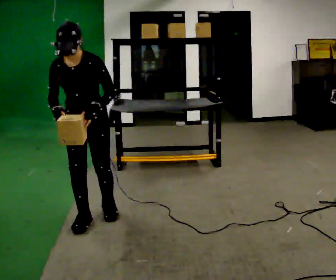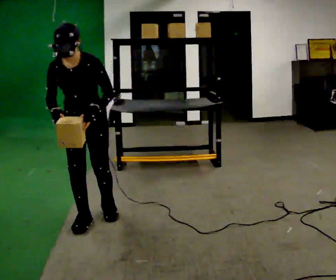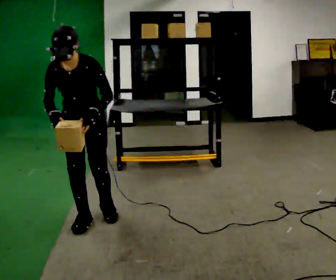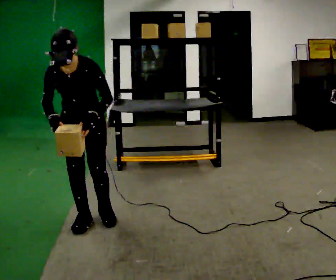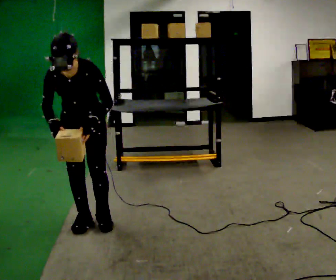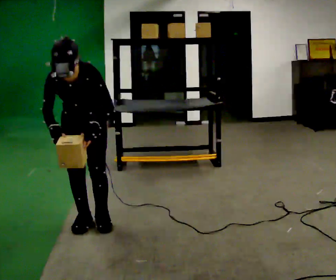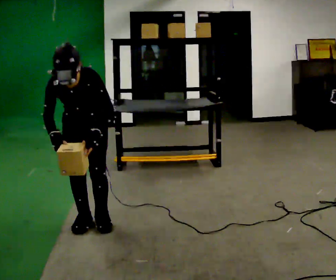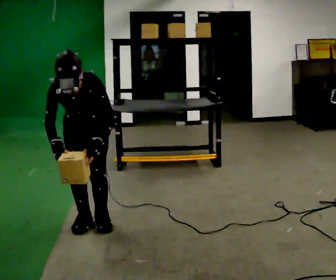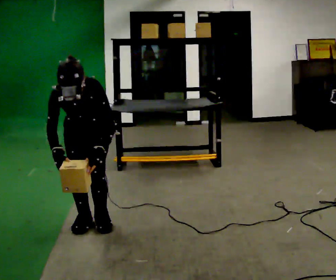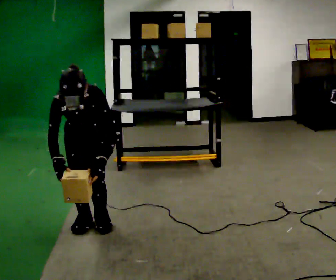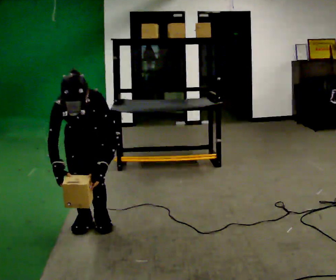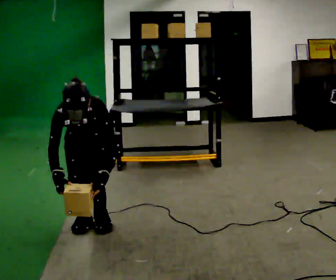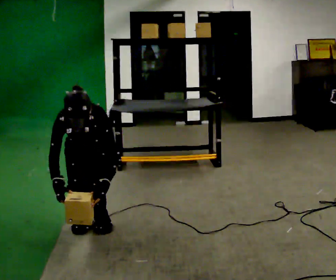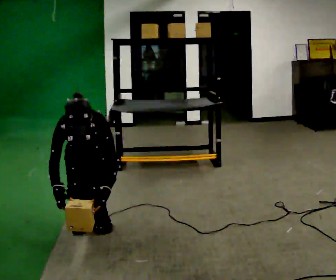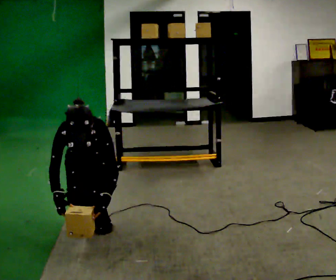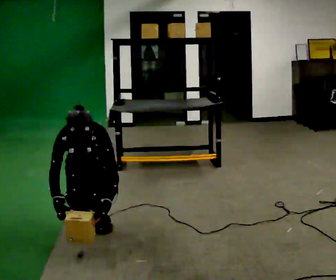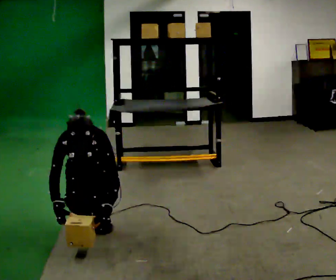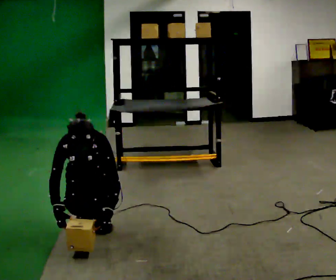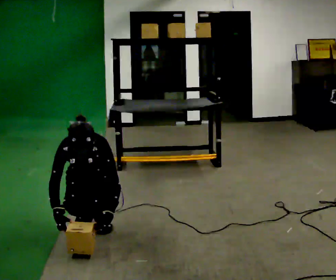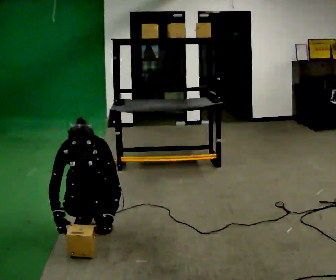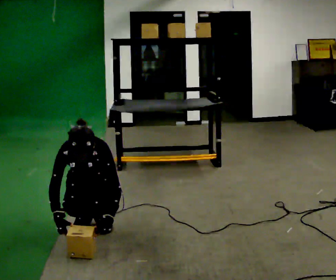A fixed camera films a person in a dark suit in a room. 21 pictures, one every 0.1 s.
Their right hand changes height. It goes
downward.
The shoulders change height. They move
downward.
0.0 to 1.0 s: The upper body goes downward. The upper body tips toward the camera, its near side rolling downward, as they bend forward. In the picture their left hand goes downward.
1.0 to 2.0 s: The shoulders move downward. In the picture their left hand goes downward.
The film runs forward here.
